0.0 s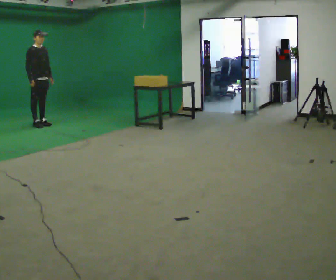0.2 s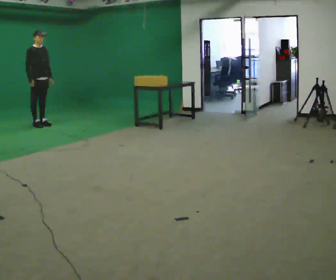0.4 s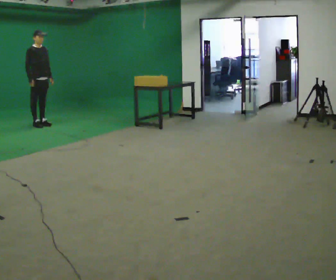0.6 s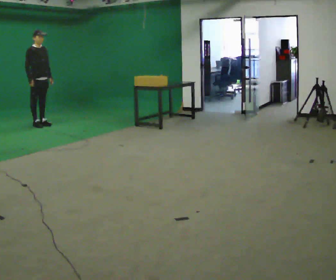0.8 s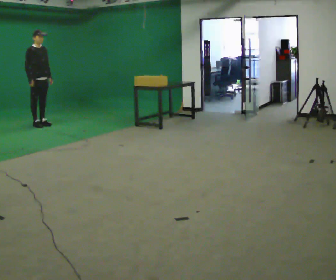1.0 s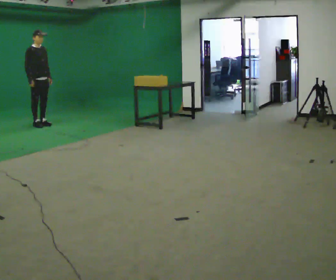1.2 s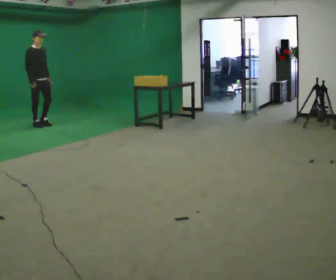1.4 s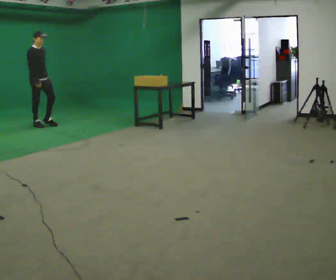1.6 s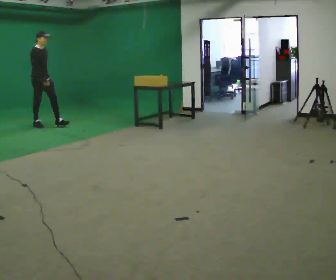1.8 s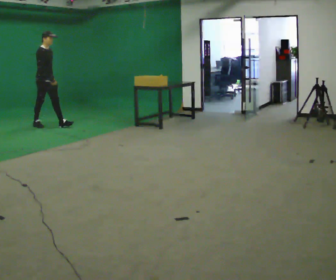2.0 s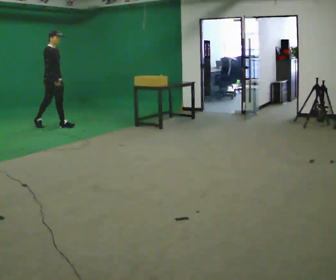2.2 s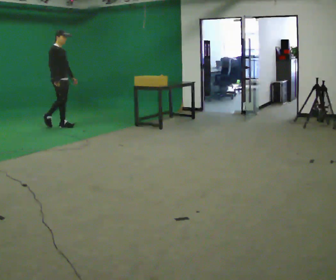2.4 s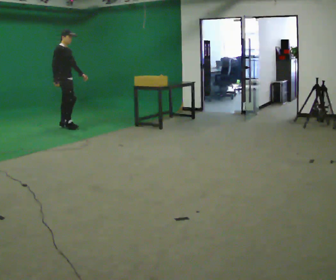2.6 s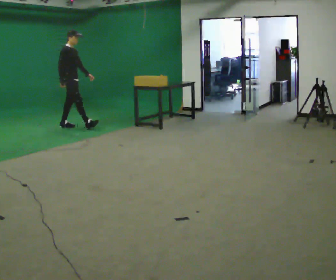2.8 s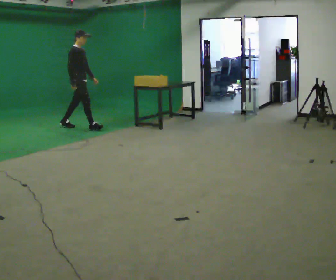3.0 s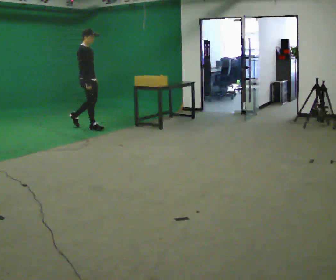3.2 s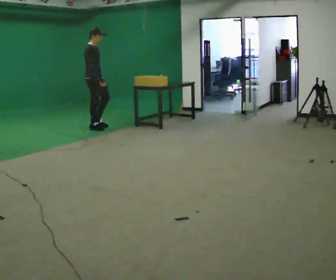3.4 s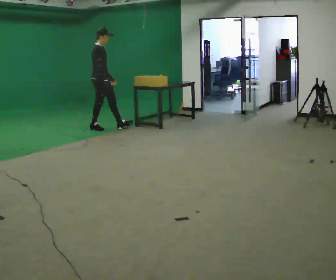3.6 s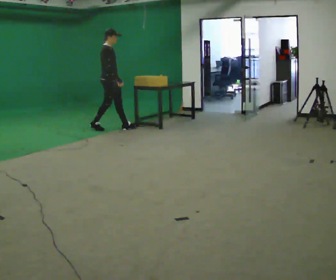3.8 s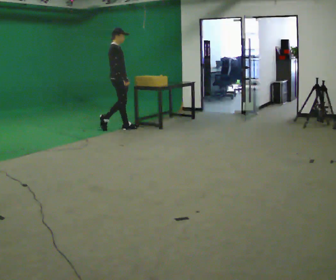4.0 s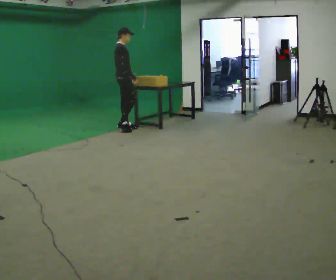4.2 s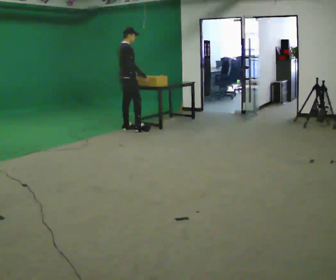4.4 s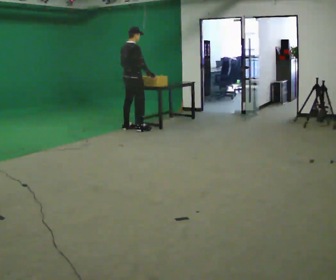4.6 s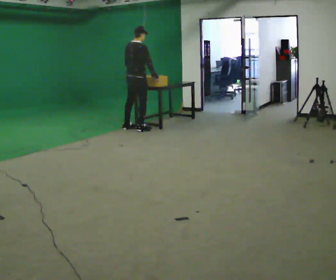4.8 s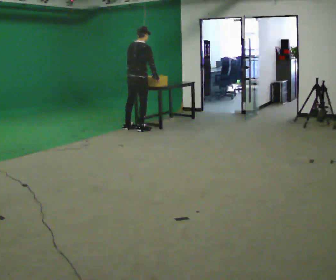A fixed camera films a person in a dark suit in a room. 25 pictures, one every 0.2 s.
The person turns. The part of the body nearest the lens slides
to the right.
The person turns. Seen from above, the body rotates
counterclockwise.
0.0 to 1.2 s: The person moves a little, or ends about where they began.
1.2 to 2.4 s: In the picture they go to the right, about 0.5 m in 1 step, which for them is forward.
2.4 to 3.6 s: In the picture they go to the right, about 1 m in 2 steps, which for them is forward.
3.6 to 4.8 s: The person turns about 60 degrees to their left, counterclockwise seen from above, so the part of the body nearest the lens slides to the right. In the picture they go to the right, about 0.5 m in 1 step.
The film runs forward here.
